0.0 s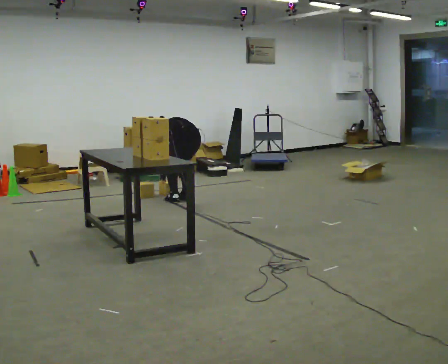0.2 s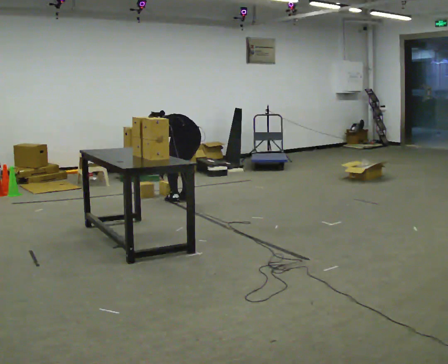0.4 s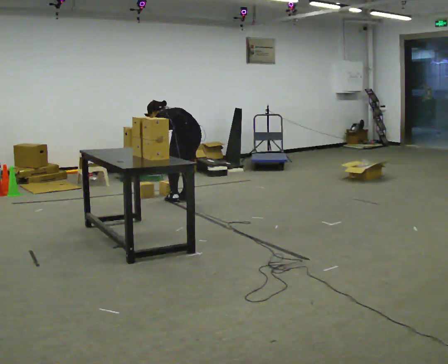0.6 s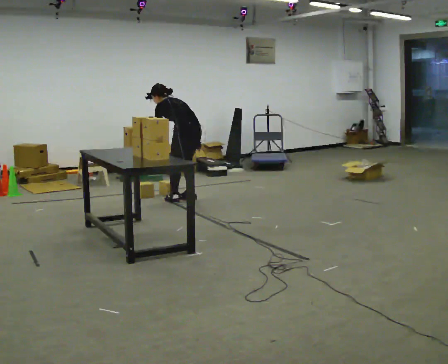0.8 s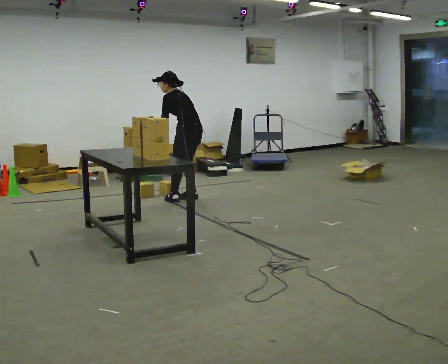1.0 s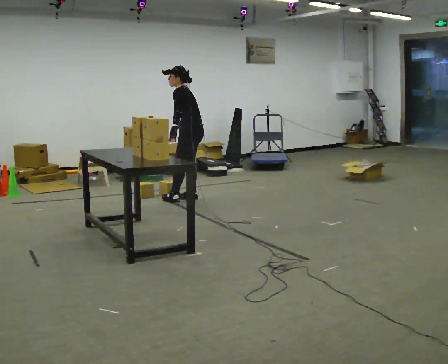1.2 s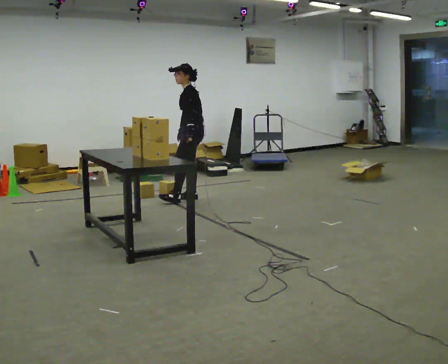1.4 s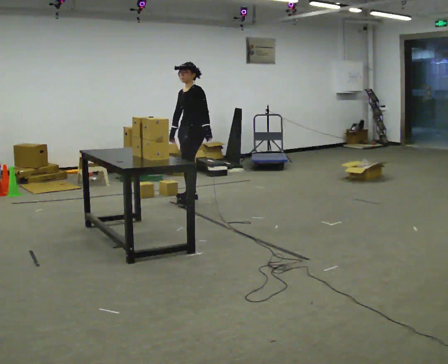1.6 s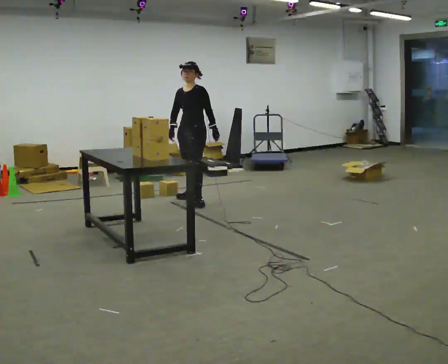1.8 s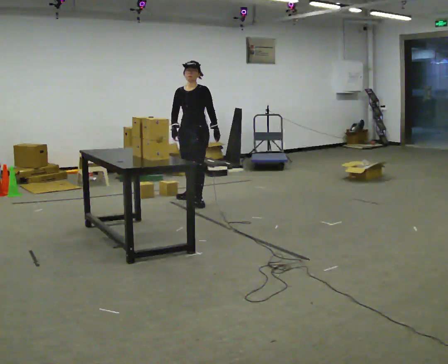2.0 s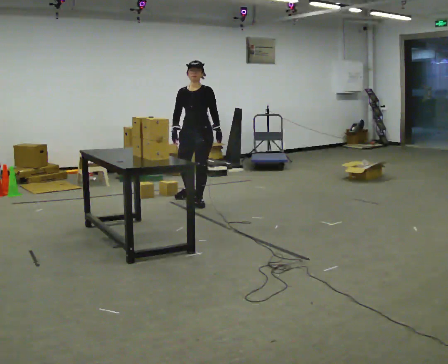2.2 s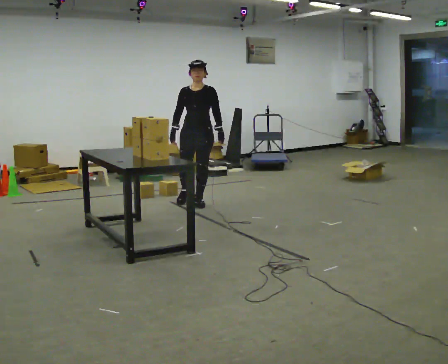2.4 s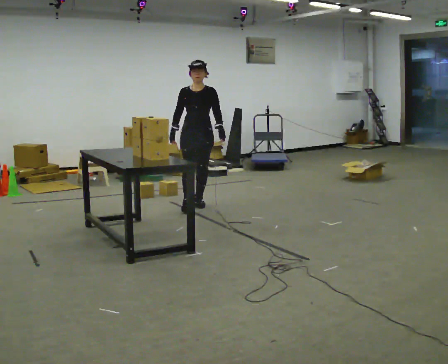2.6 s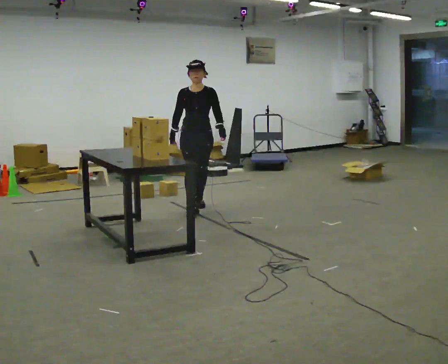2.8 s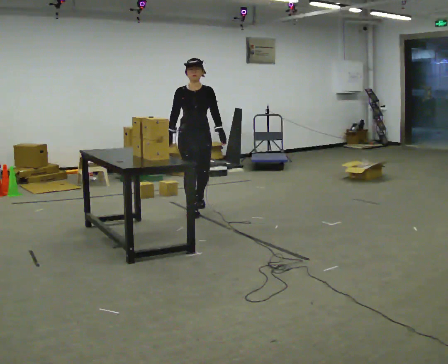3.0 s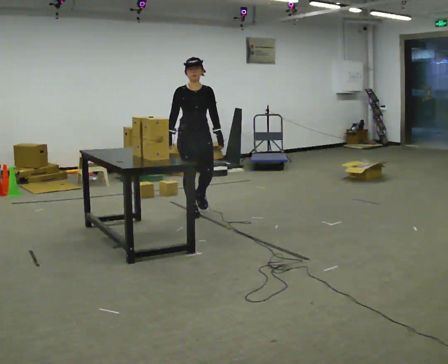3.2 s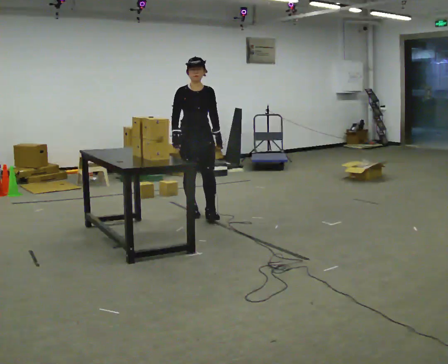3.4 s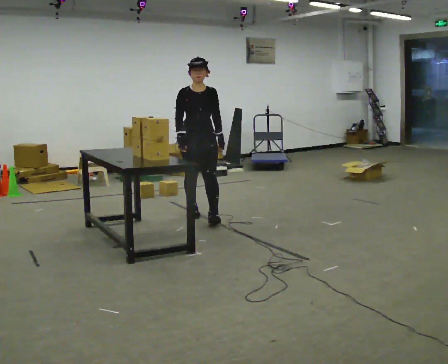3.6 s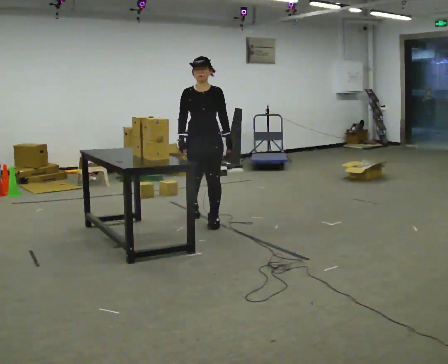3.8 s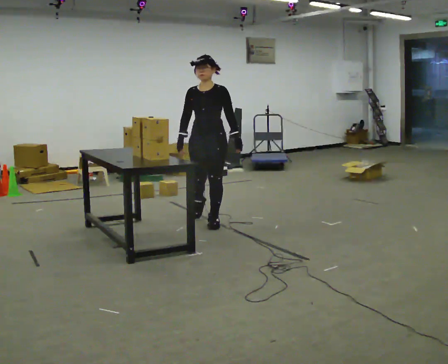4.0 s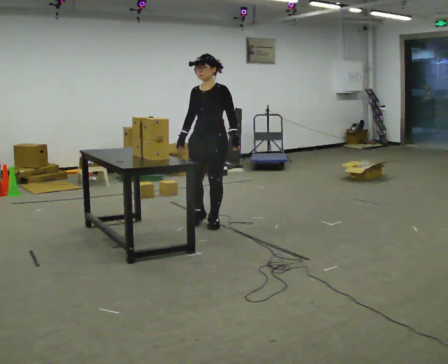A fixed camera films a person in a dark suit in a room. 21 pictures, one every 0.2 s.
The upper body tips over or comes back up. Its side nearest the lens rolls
downward.
Their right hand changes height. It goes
upward.
0.0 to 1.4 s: The part of the body nearest the lens slides to the right as the person turns to their left by about 75 degrees. In the picture they go away from the camera, about 0.25 m. The shoulders move upward. The upper body tips toward the camera, its near side rolling downward, as they lean back or straighten. In the picture their right hand goes upward.
1.4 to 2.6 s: The person turns about 75 degrees to their left, counterclockwise seen from above, so the part of the body nearest the lens slides to the right. In the picture they go toward the camera, about 0.5 m in 2 steps.
2.6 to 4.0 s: The part of the body nearest the lens slides to the left as the person turns to their right by about 30 degrees. In the picture they go toward the camera, about 0.75 m in 1 step, which for them is forward.
The film runs forward here.
